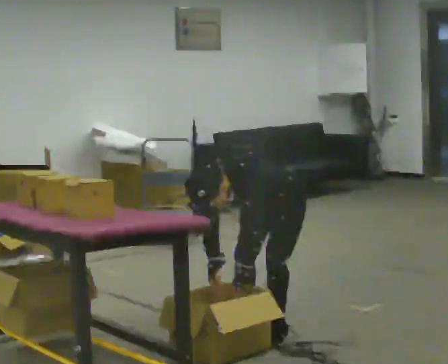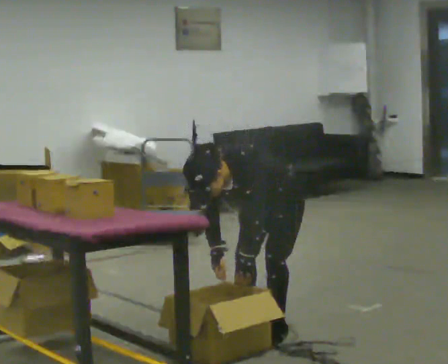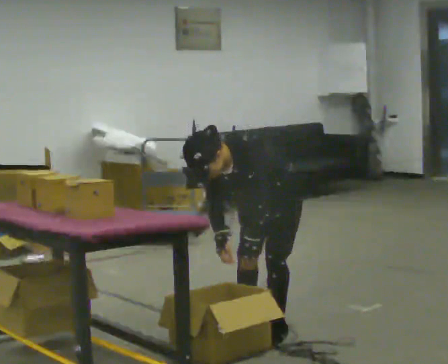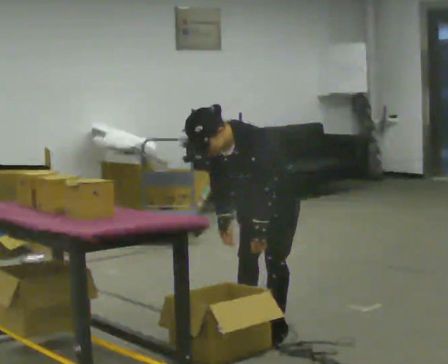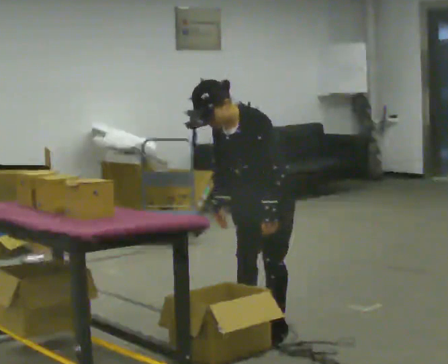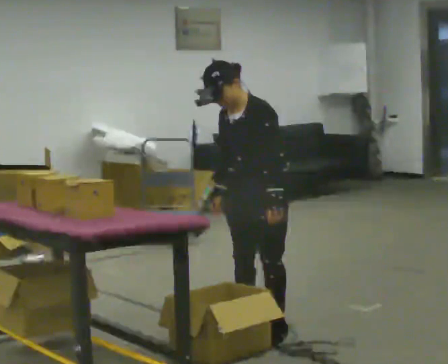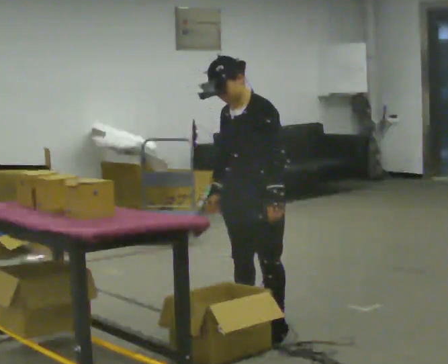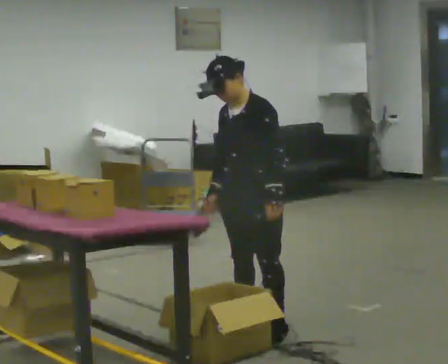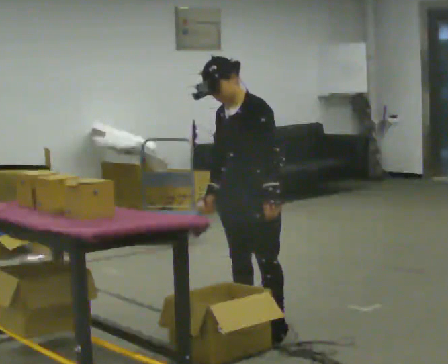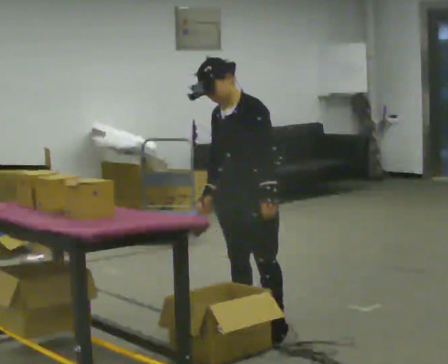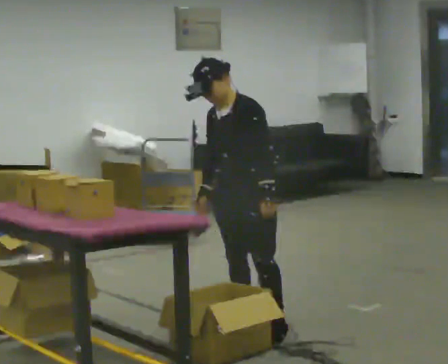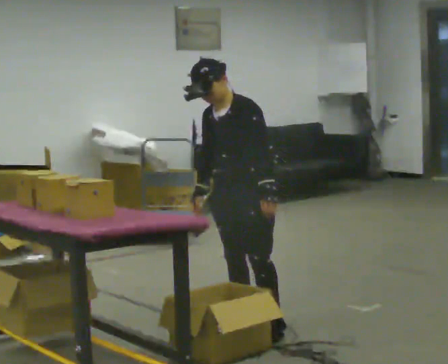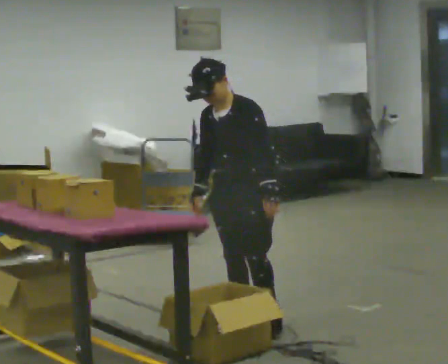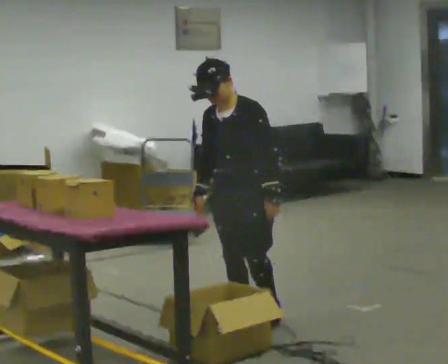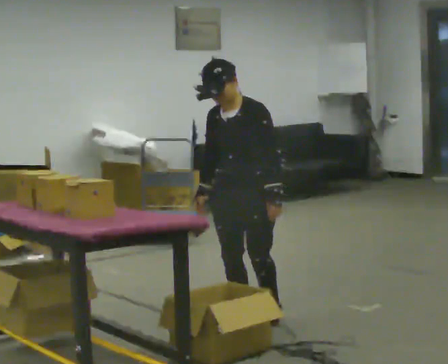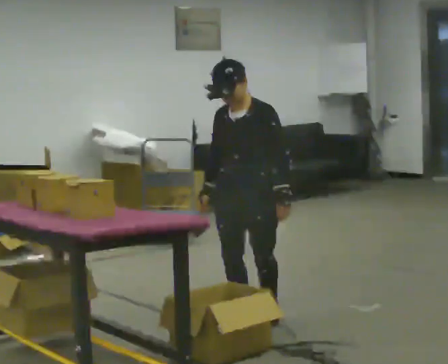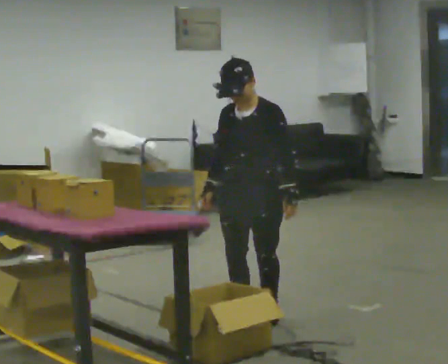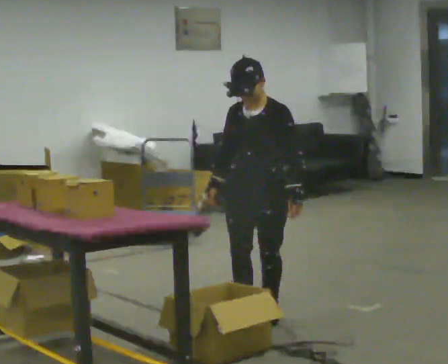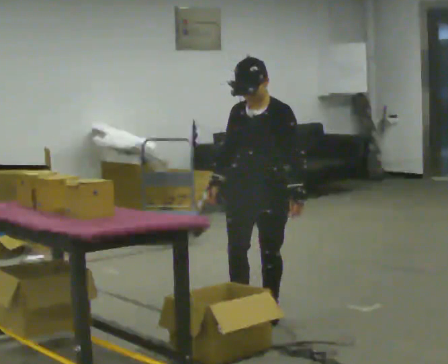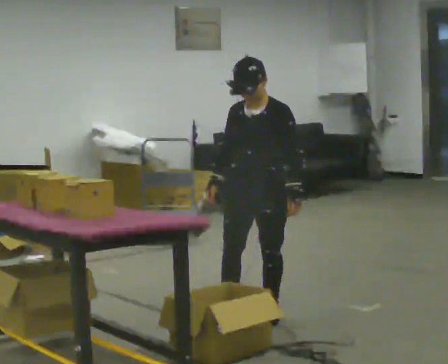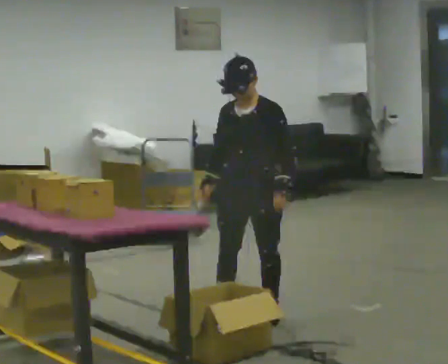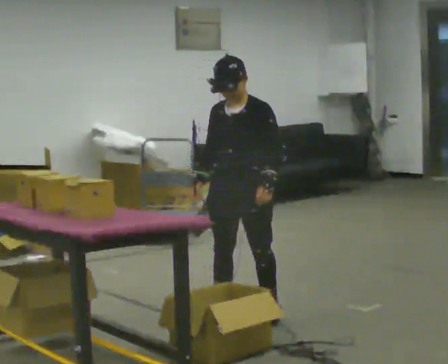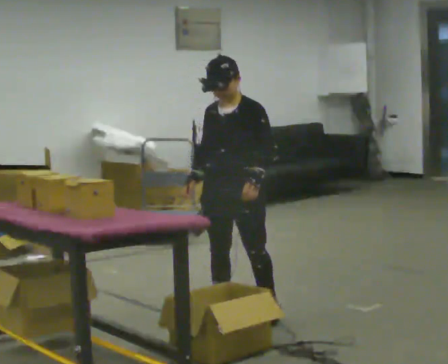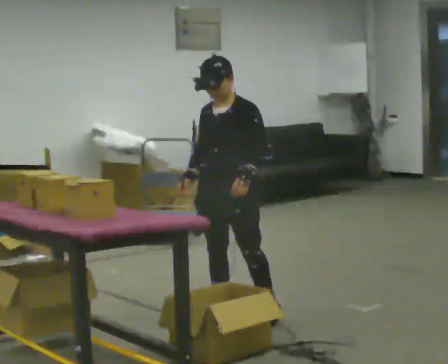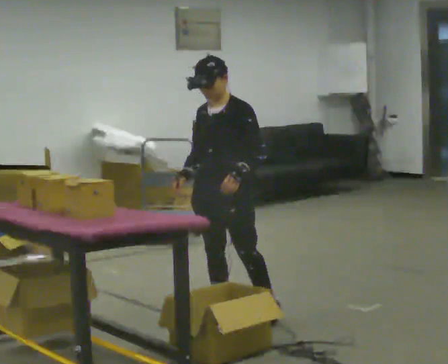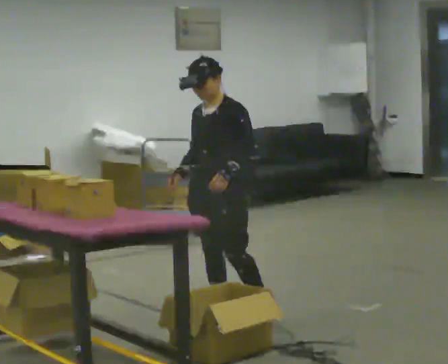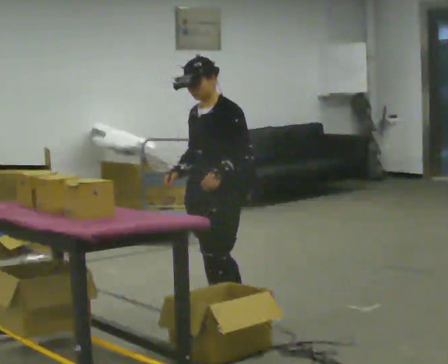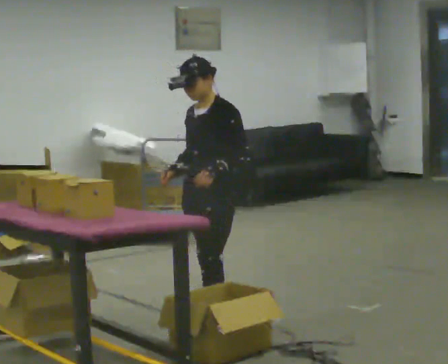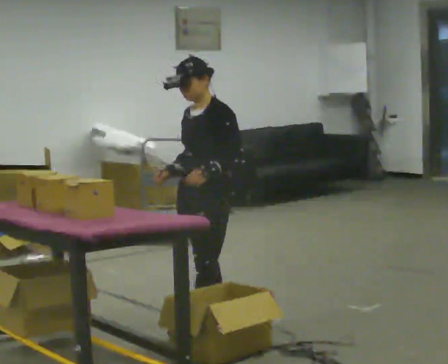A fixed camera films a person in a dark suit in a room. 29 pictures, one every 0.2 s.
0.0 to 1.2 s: The shoulders move upward. The upper body tips away from the camera, its near side rolling upward, as they lean back or straighten. In the picture their right hand goes upward.
1.2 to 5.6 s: In the picture they go to the left and away from the camera, about 0.25 m in 3 steps, which for them is to their right.
The film runs backward here.
